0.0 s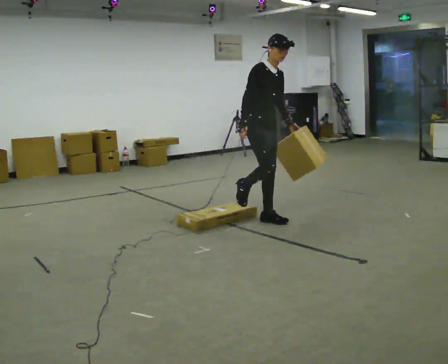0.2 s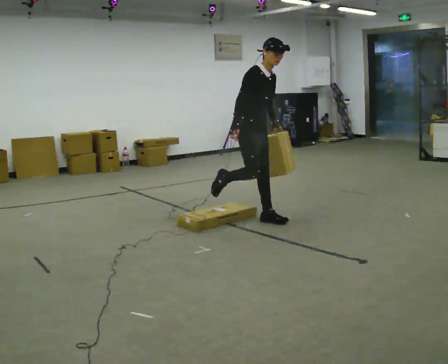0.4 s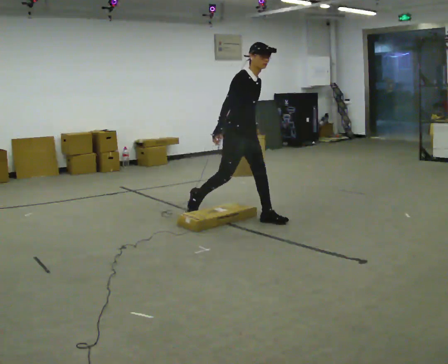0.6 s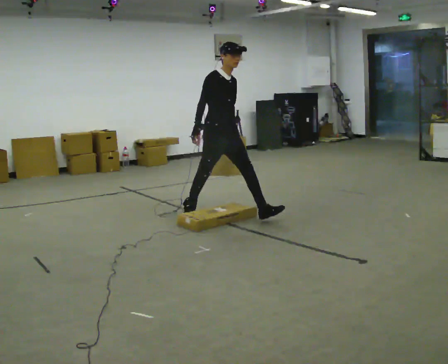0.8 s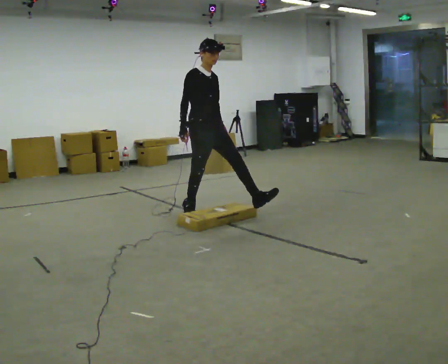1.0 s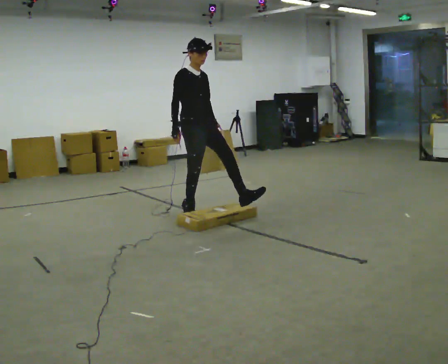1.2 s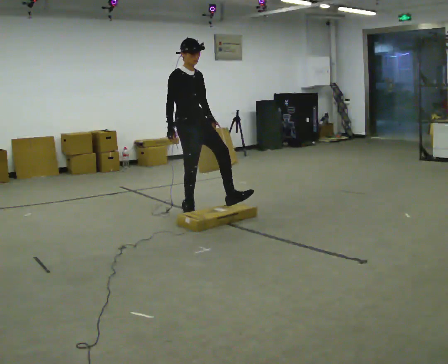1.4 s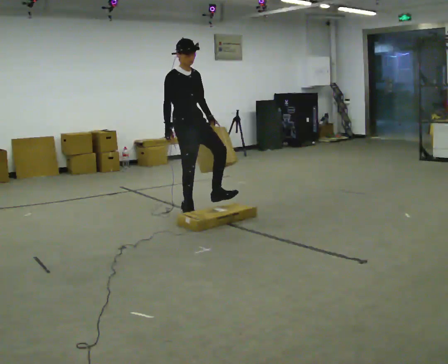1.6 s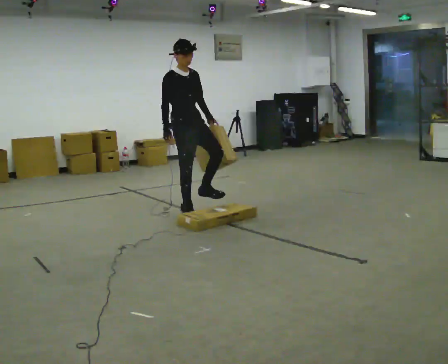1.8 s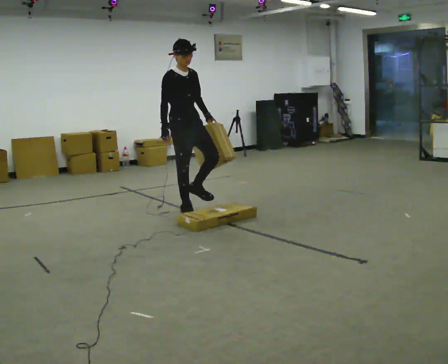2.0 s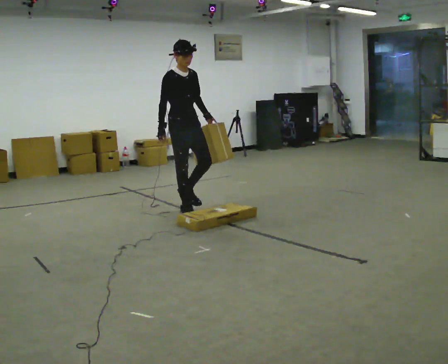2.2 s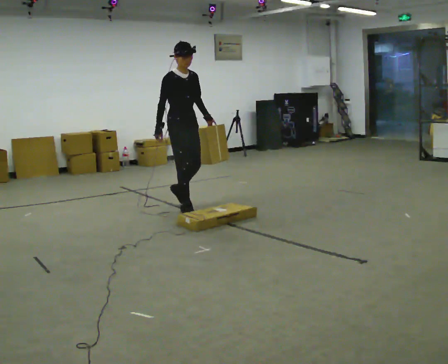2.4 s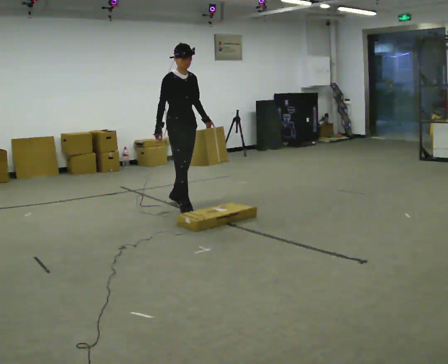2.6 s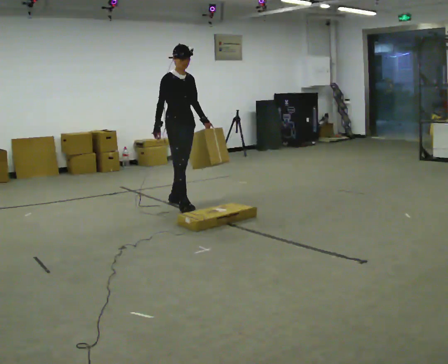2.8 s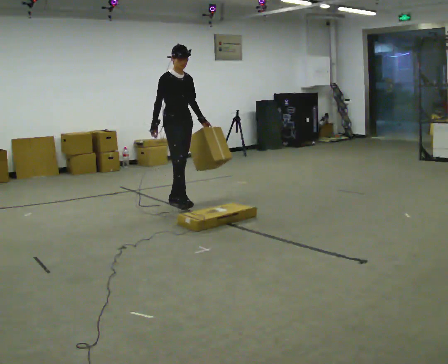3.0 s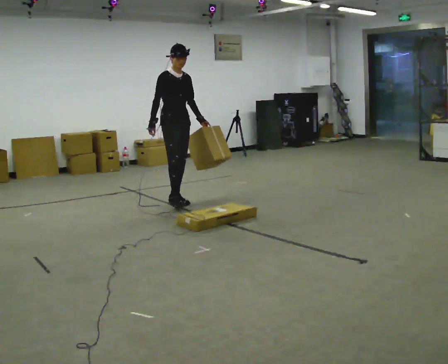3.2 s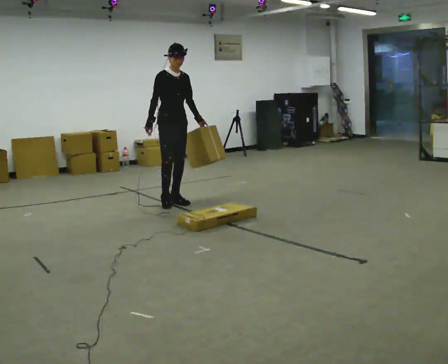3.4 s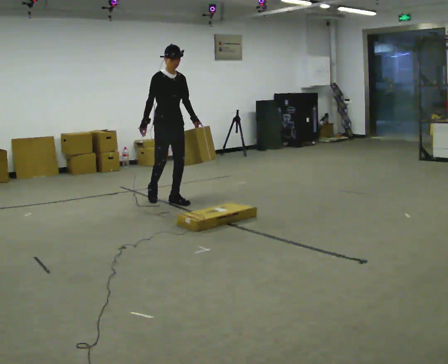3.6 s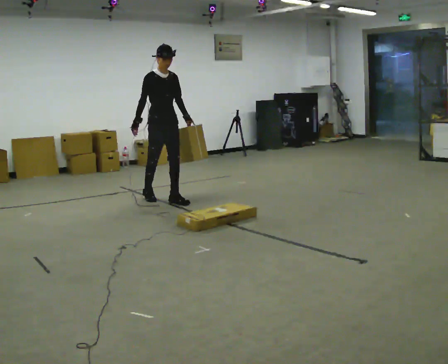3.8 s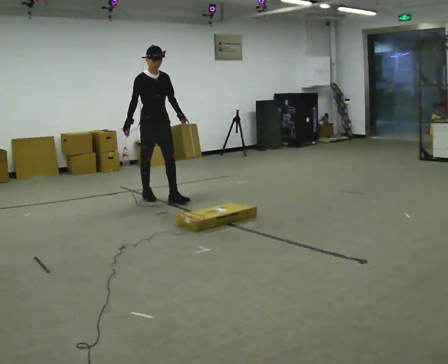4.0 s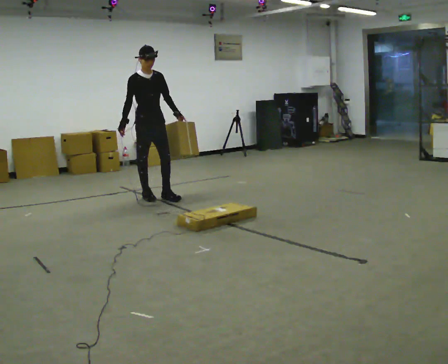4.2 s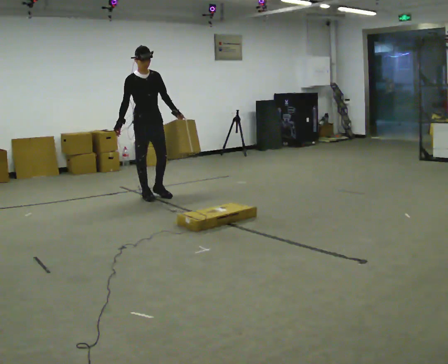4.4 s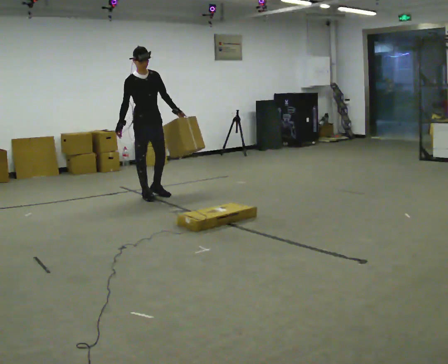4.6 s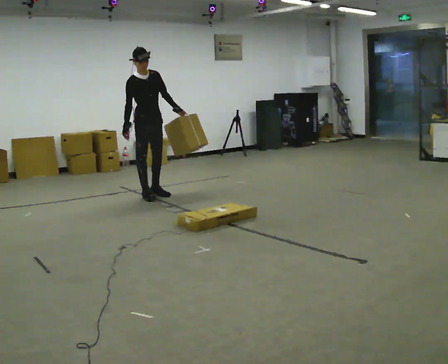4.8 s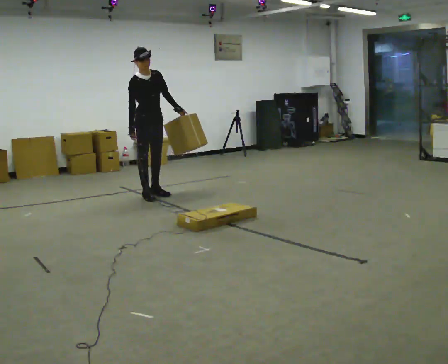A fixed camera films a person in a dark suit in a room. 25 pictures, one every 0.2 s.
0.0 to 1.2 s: In the picture they go to the left and away from the camera, about 0.5 m in 1 step, which for them is backward.
1.2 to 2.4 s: In the picture they go away from the camera, about 0.25 m, which for them is backward.
2.4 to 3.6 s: In the picture they go away from the camera and to the left, about 0.5 m in 1 step, which for them is backward.
3.6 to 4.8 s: In the picture they go away from the camera and to the left, about 0.25 m in 1 step, which for them is backward.
The film runs backward here.
